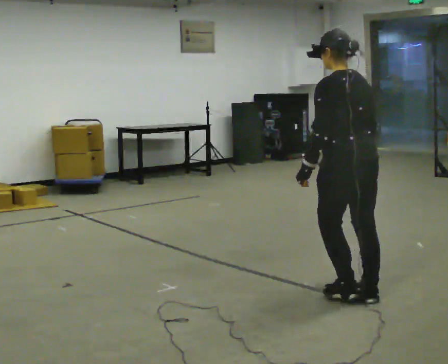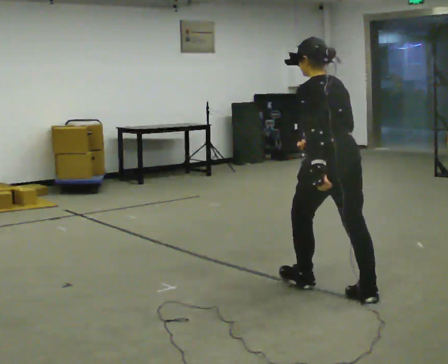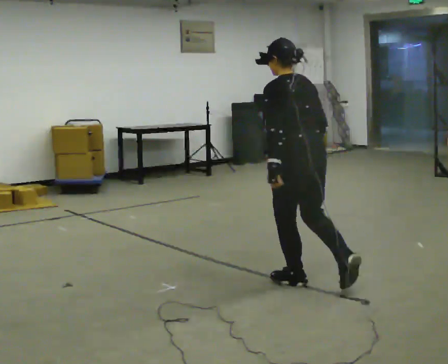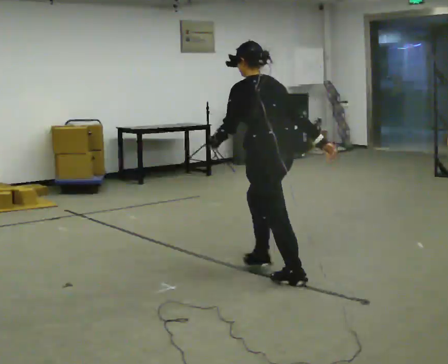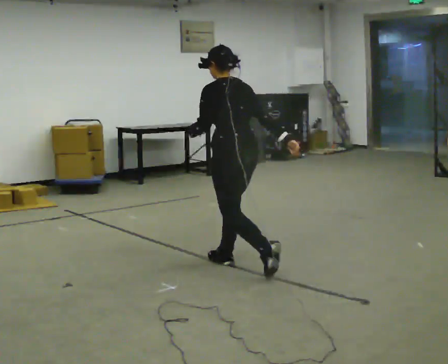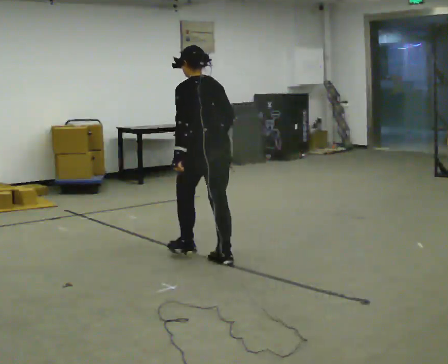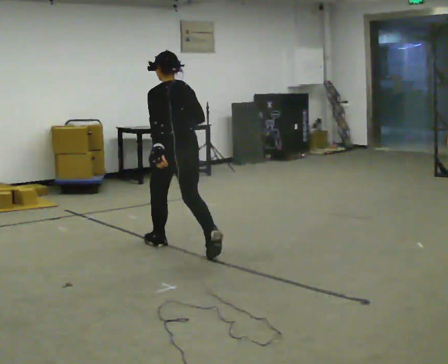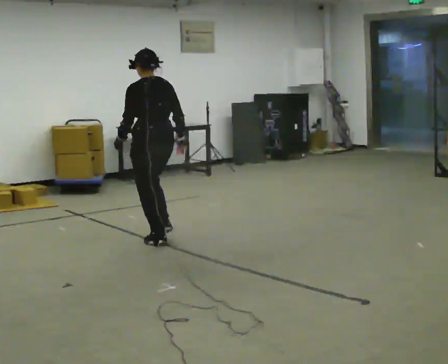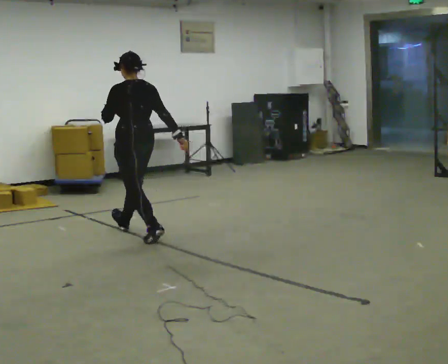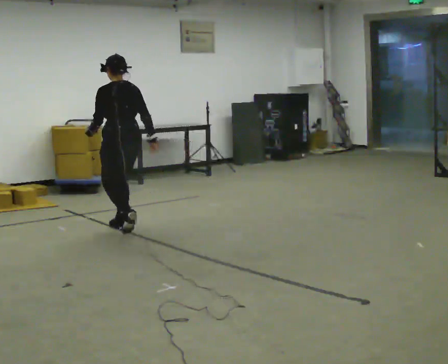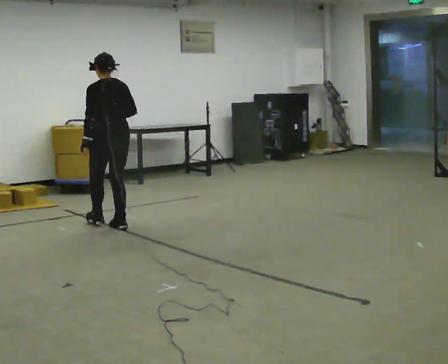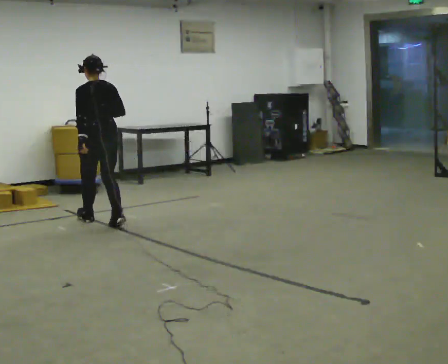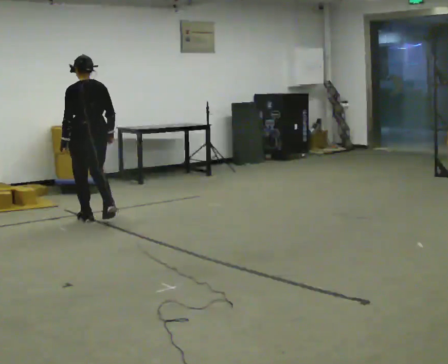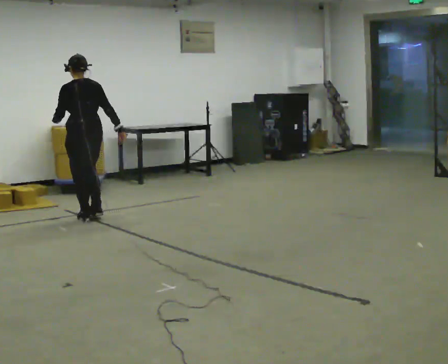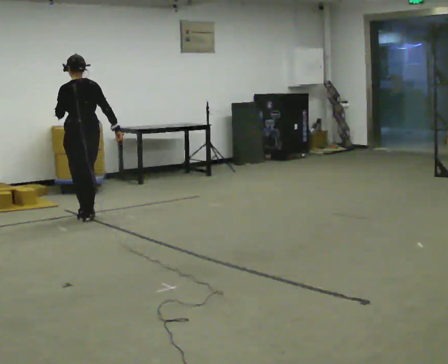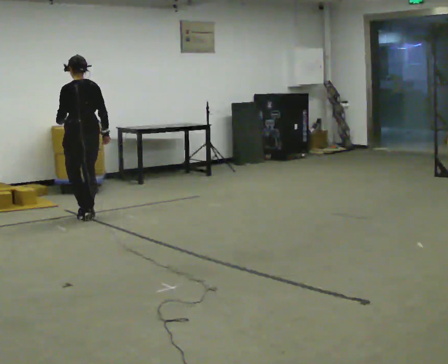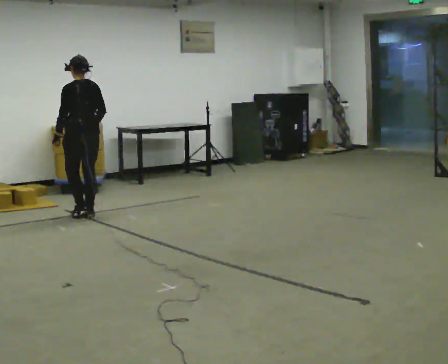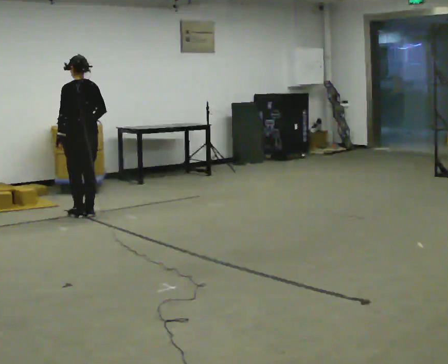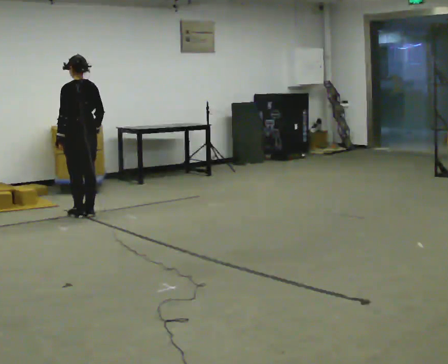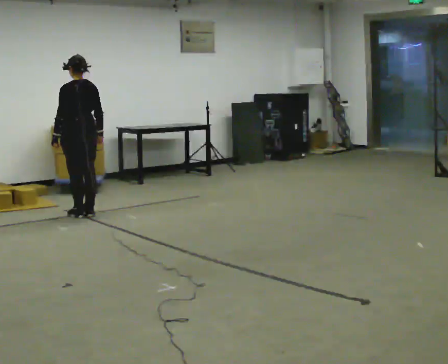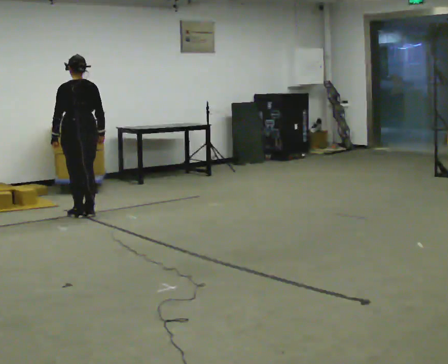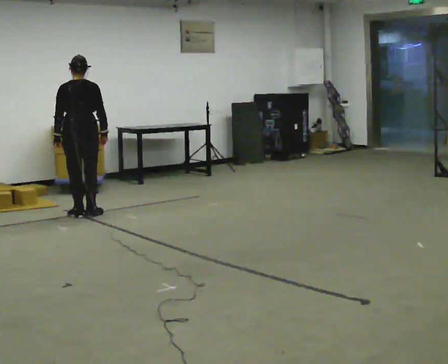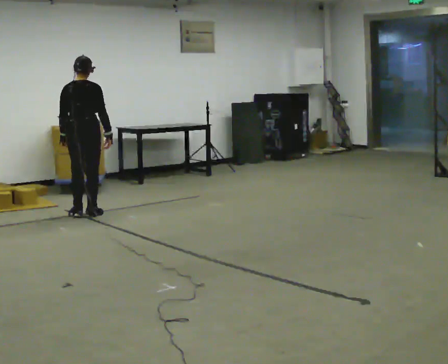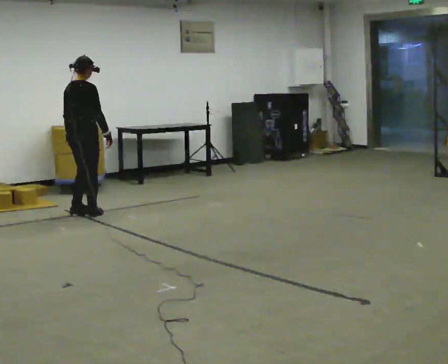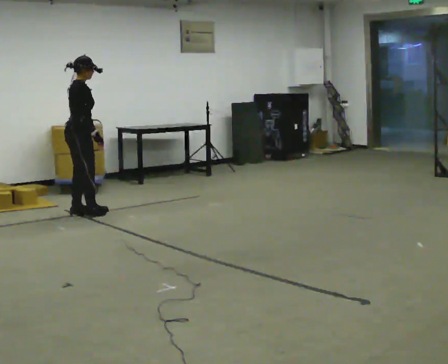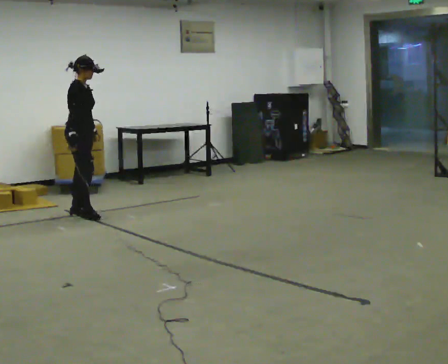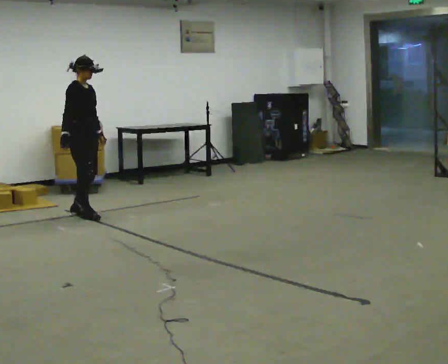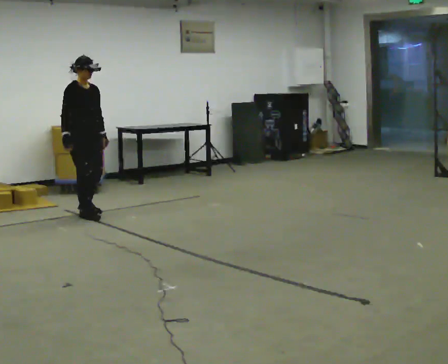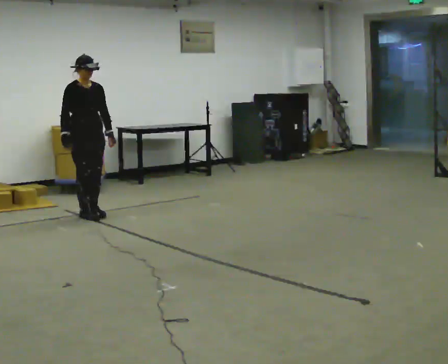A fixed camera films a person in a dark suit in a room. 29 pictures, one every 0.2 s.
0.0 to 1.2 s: In the picture they go away from the camera and to the left, about 1.5 m in 3 steps, which for them is forward.
1.2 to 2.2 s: In the picture they go away from the camera and to the left, about 1 m in 2 steps, which for them is forward.
2.2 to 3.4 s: In the picture they go away from the camera, about 0.5 m in 2 steps, which for them is forward.
3.4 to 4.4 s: The person turns about 60 degrees to their right, clockwise seen from above, so the part of the body nearest the lens slides to the left.
4.4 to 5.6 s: Seen from above the body turns clockwise, about 120 degrees: to their right, with its near side sliding to the left. In the picture their right hand goes to the left, the arm swinging clockwise.
The film runs forward here.
